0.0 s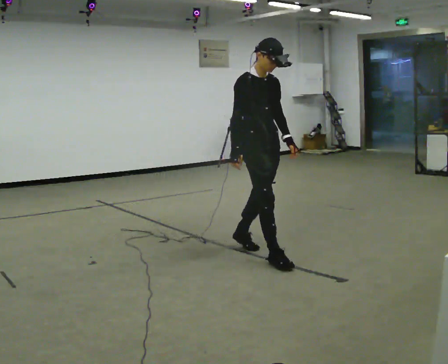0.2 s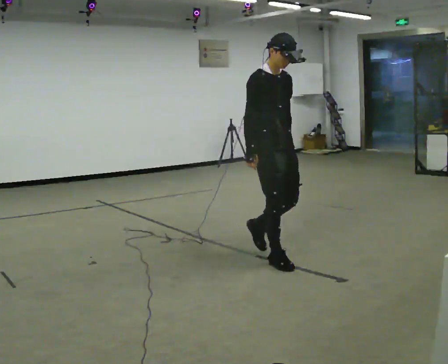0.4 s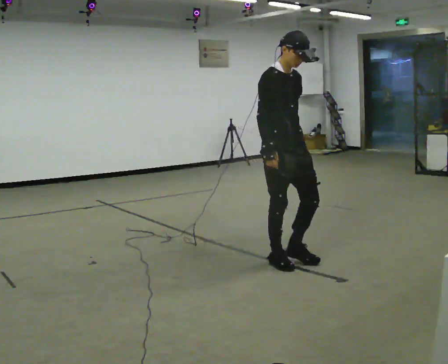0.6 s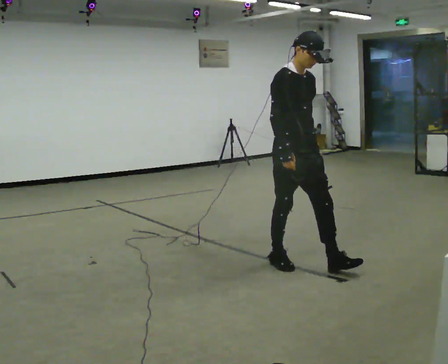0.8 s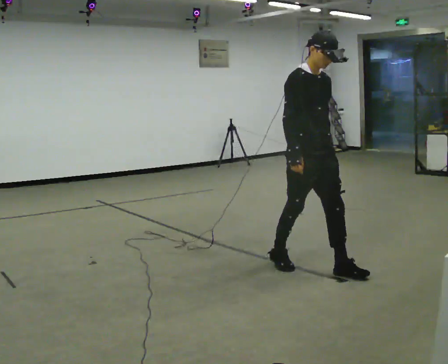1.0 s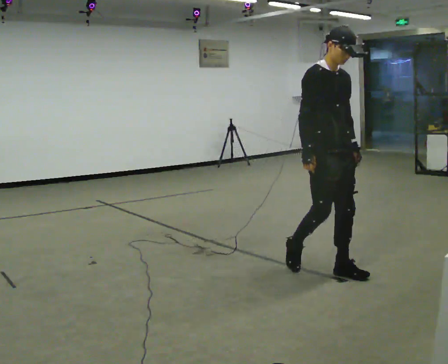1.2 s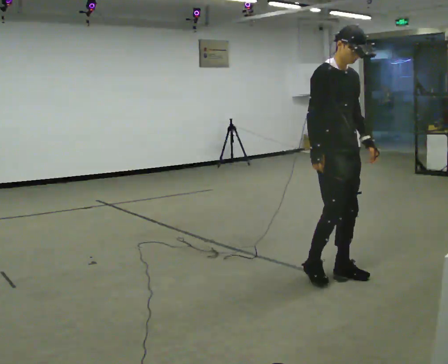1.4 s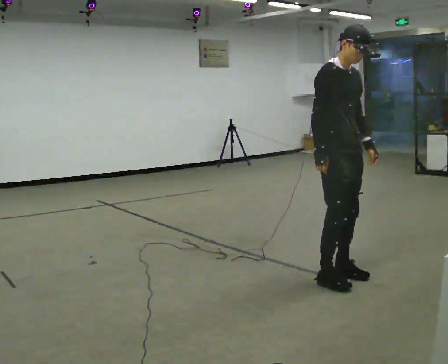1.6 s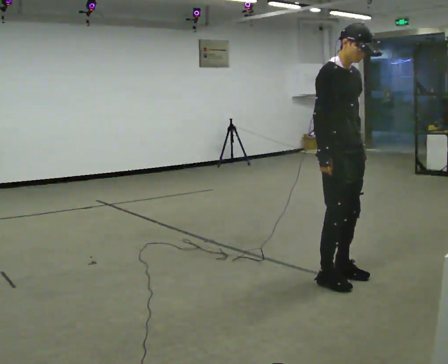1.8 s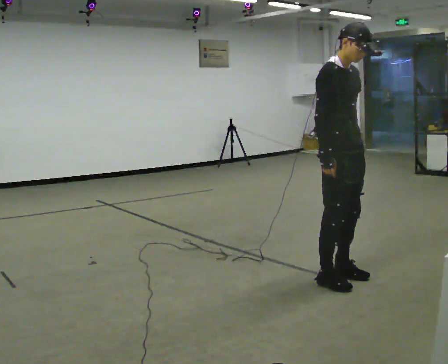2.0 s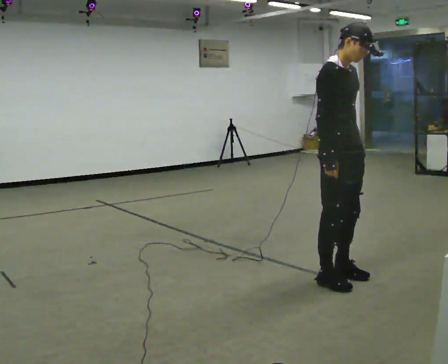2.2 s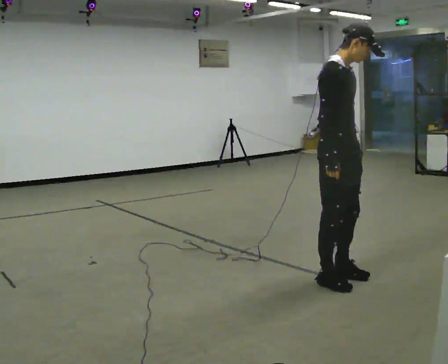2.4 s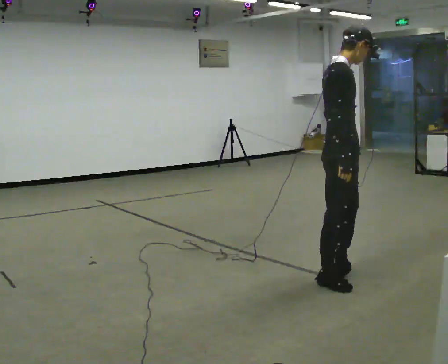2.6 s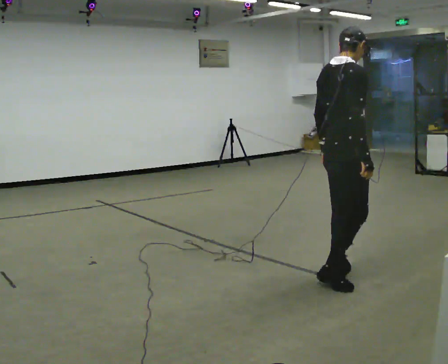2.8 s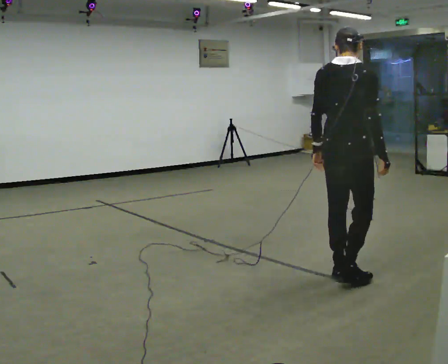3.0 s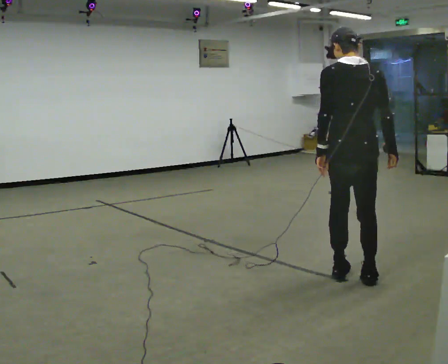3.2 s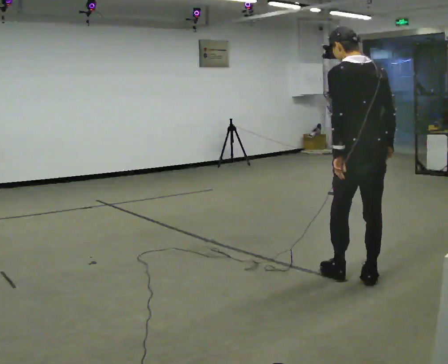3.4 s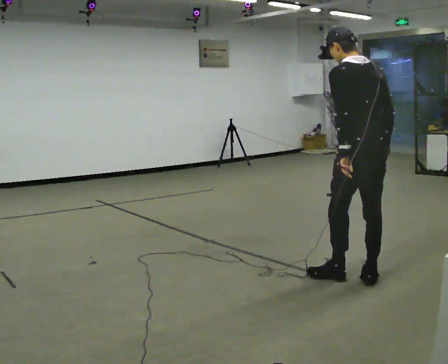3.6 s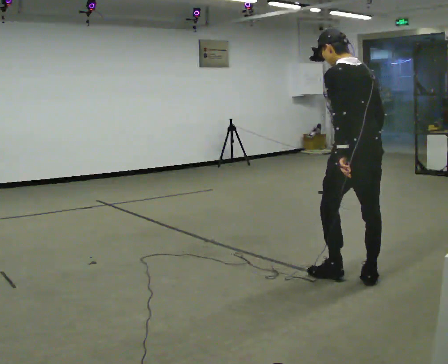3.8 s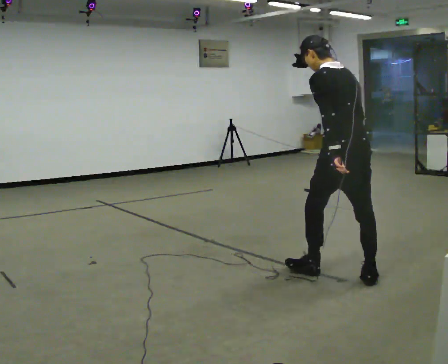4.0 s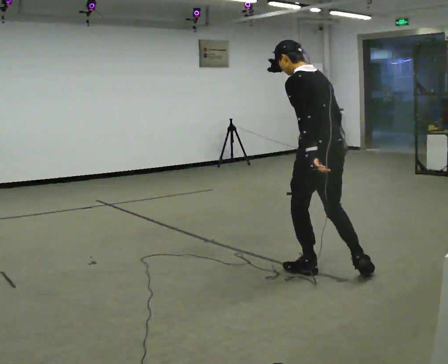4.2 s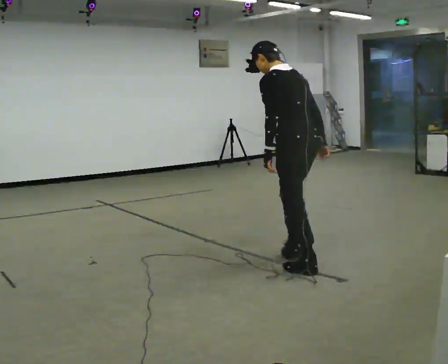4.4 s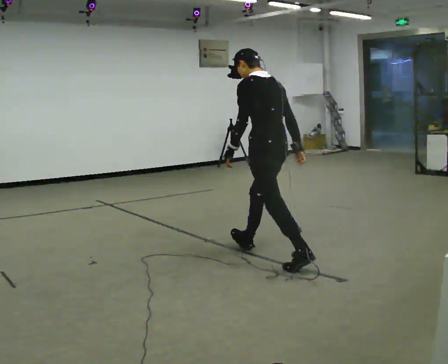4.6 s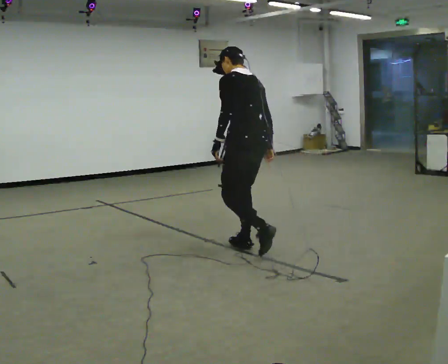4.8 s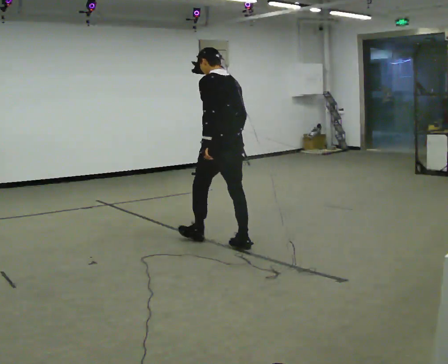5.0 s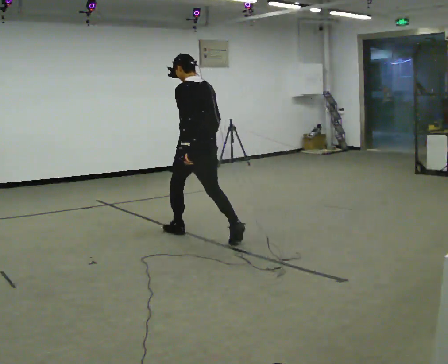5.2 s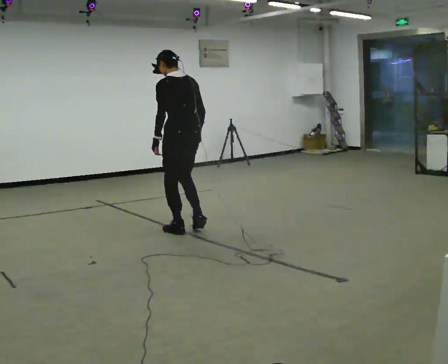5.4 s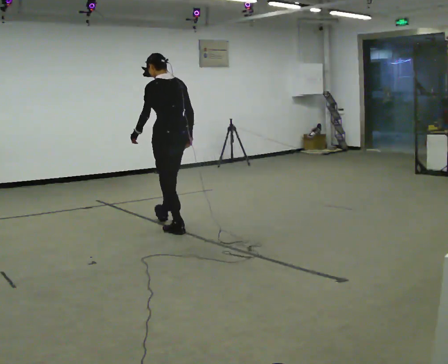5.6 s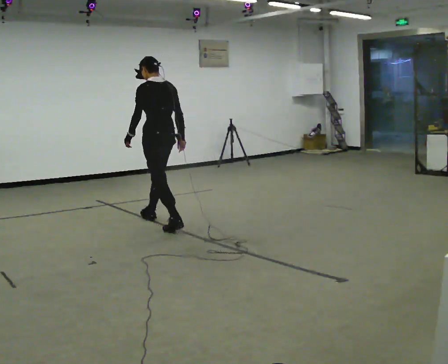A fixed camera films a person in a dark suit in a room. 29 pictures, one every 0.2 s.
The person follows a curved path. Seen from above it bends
counterclockwise.
The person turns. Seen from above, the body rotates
counterclockwise.
0.0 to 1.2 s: In the picture they go to the right and toward the camera, about 0.5 m in 1 step, which for them is forward.
1.2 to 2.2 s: In the picture they go toward the camera, about 0.25 m in 1 step, which for them is to their right.
2.2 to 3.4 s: The person turns about 135 degrees to their left, counterclockwise seen from above, so the part of the body nearest the lens slides to the right. In the picture they go to the right, about 0.25 m in 1 step.
3.4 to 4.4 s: Seen from above the body turns counterclockwise, about 30 degrees: to their left, with its near side sliding to the right. In the picture they go to the left and away from the camera, about 1 m in 1 step, which for them is forward.
4.4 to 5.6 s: In the picture they go to the left and away from the camera, about 1.5 m in 3 steps, which for them is forward.
The film runs forward here.
